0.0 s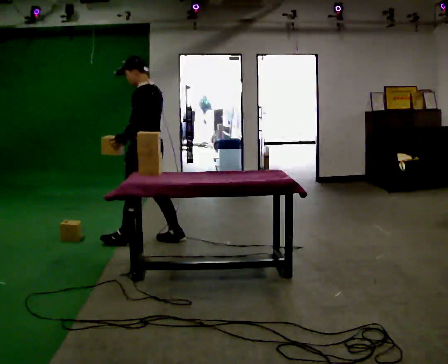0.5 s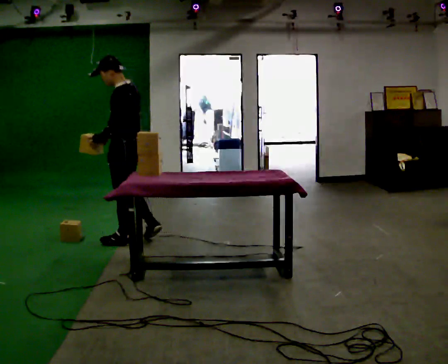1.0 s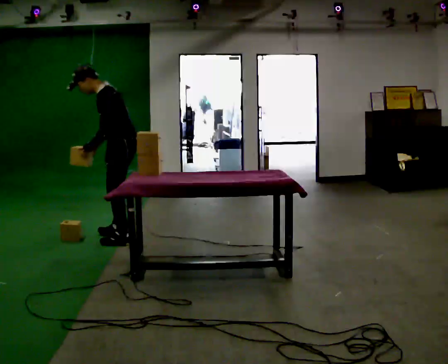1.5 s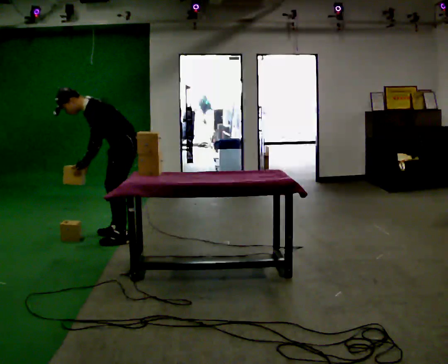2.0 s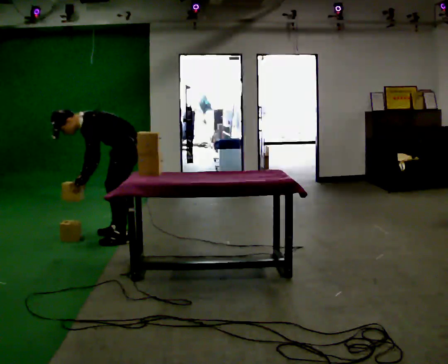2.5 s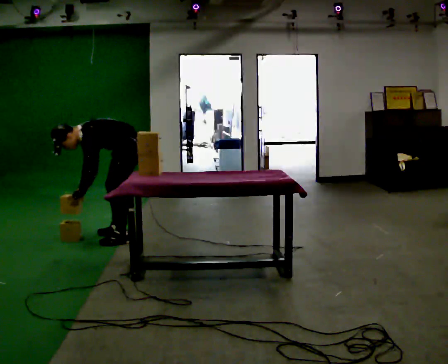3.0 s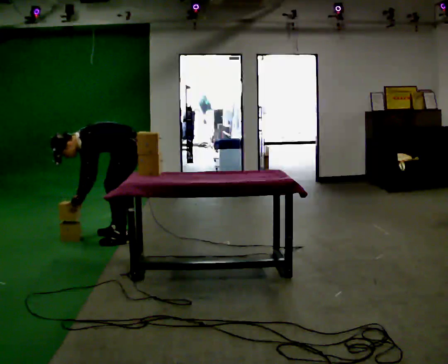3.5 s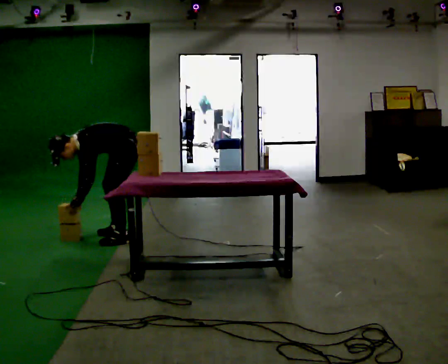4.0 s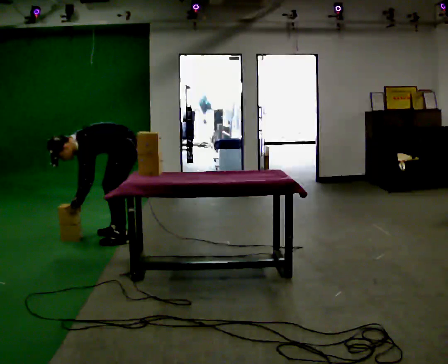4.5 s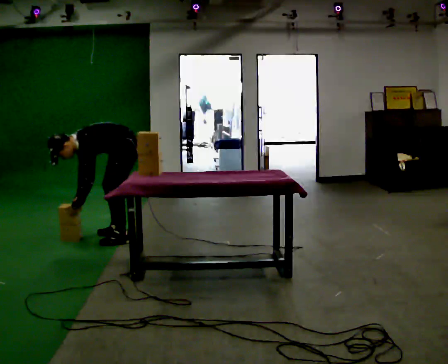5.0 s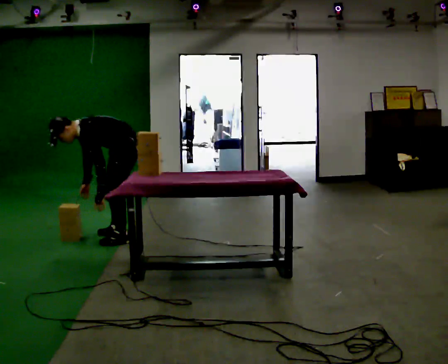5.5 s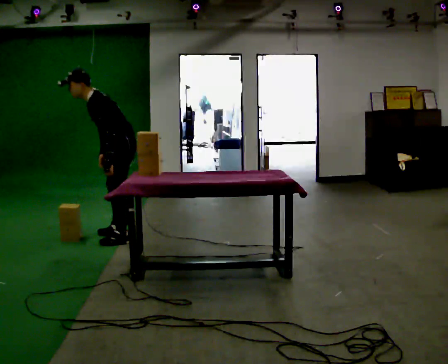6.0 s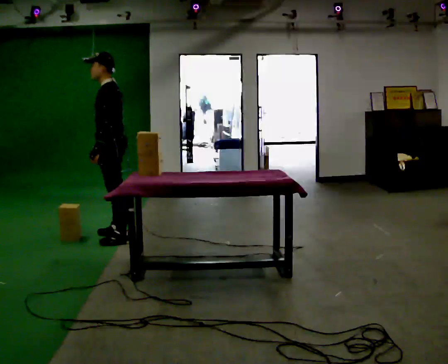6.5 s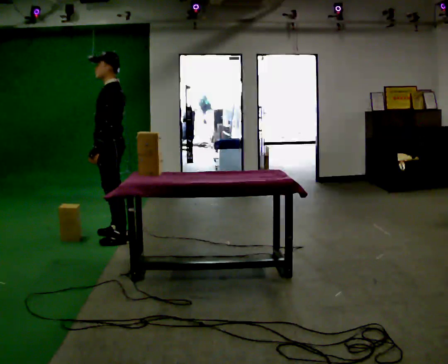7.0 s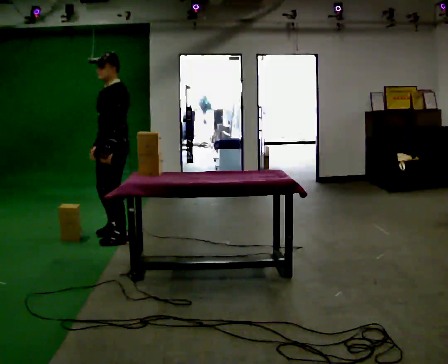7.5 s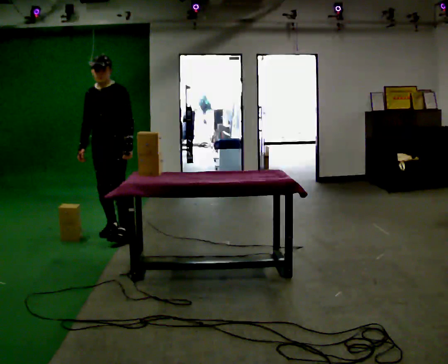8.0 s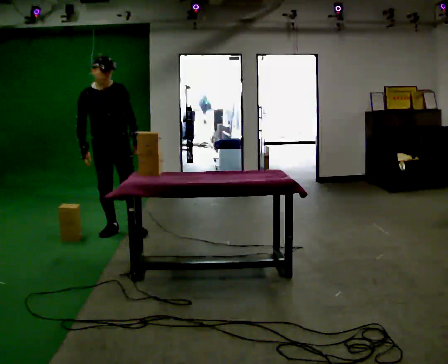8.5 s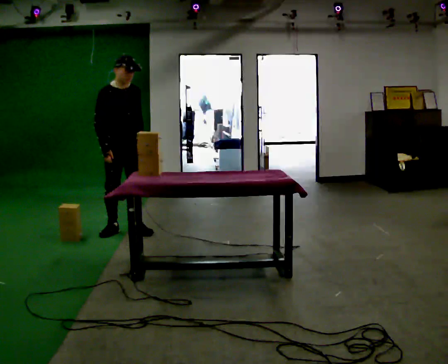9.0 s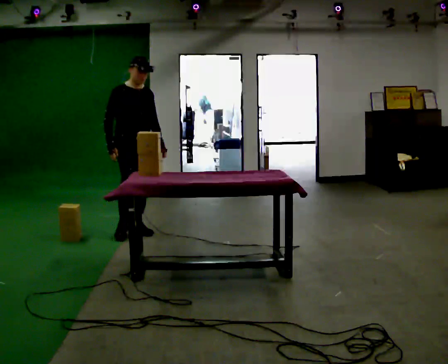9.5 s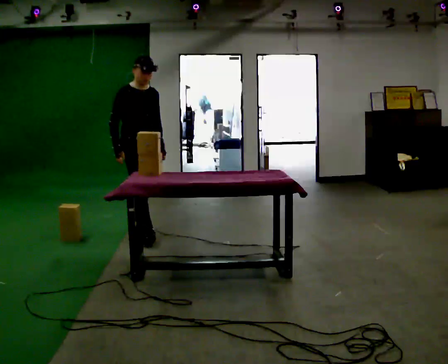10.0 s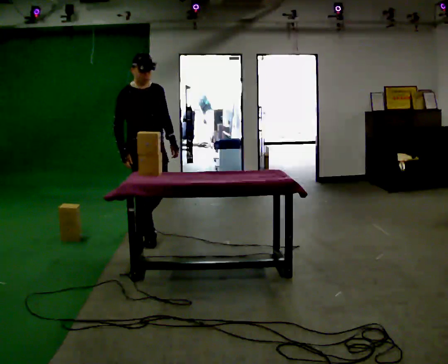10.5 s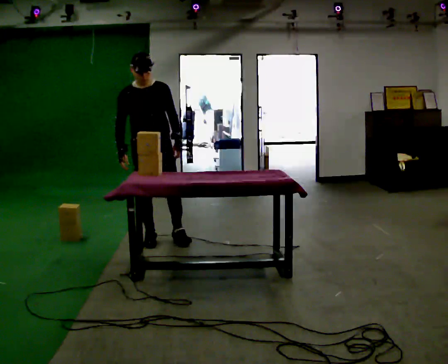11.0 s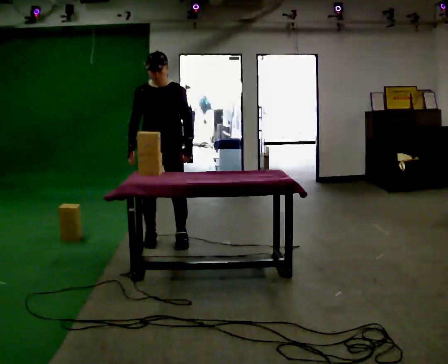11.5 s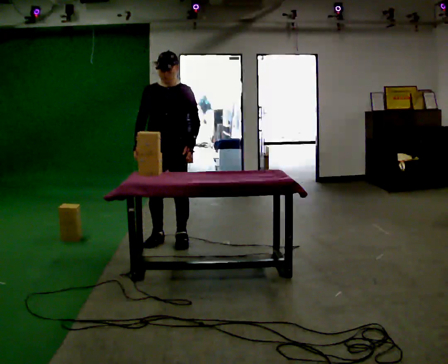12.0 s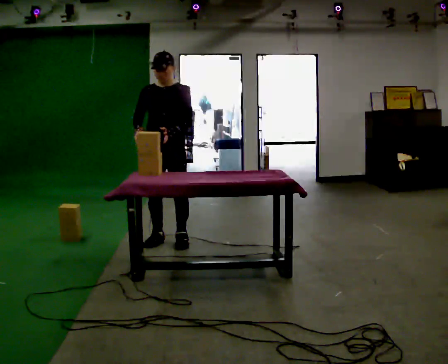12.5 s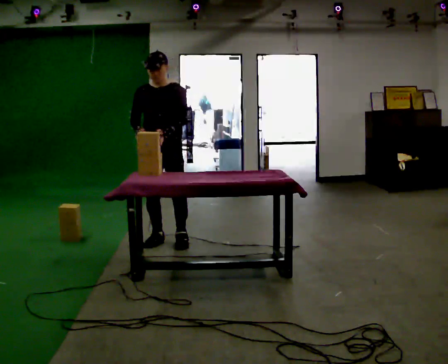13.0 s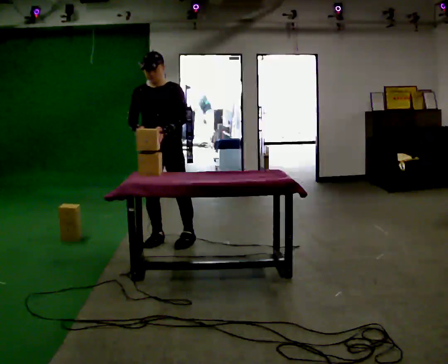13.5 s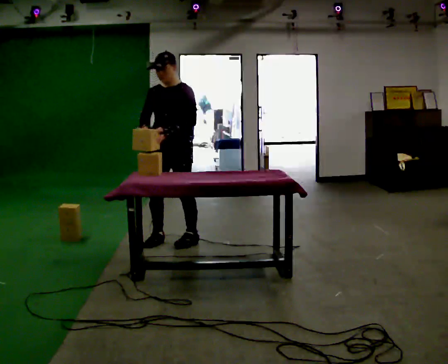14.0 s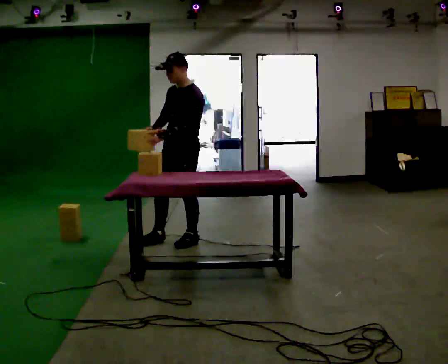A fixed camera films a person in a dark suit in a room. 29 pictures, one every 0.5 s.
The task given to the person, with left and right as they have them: Carry the fragile object across the room and set it down as gently as you can. Keep going until the operator says stop; one object at a time, and do not rush between trips.
0.0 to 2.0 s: The person turns about 30 degrees to their left, counterclockwise seen from above, so the part of the body nearest the lens slides to the right. In the picture they go away from the camera and to the left, about 0.25 m in 1 step, which for them is forward and to their right. The upper body goes downward. In the picture the upper body tilts counterclockwise, shoulders to the left, as they bend forward. In the picture their left hand goes downward.
2.0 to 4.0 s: The shoulders move downward. The upper body tips toward the camera, its near side rolling downward, as they bend forward.
4.0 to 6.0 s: The upper body goes upward. In the picture the upper body tilts clockwise, shoulders to the right, as they lean back or straighten. In the picture their left hand goes upward.
6.0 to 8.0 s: The part of the body nearest the lens slides to the right as the person turns to their left by about 90 degrees. In the picture they go away from the camera, about 0.25 m in 1 step.
8.0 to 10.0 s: In the picture they go to the right and toward the camera, about 0.5 m in 2 steps, which for them is forward.
10.0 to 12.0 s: The part of the body nearest the lens slides to the left as the person turns to their right by about 45 degrees. In the picture they go to the right, about 0.25 m in 1 step, which for them is to their left.
12.0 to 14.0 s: The person turns about 45 degrees to their right, clockwise seen from above, so the part of the body nearest the lens slides to the left. In the picture they go to the right, about 0.25 m, which for them is to their left.
The film runs forward here.
